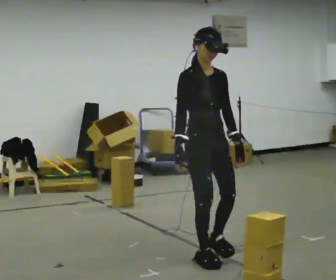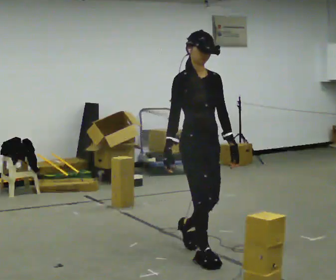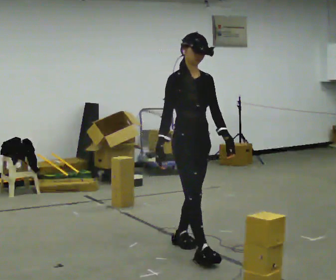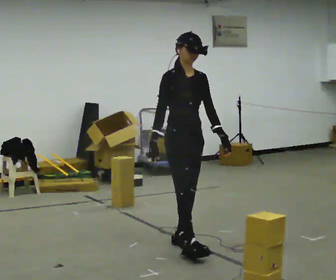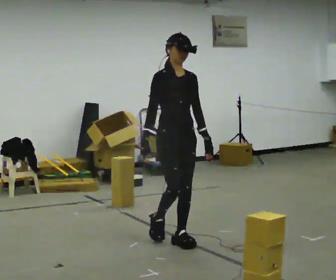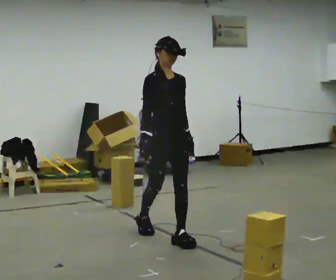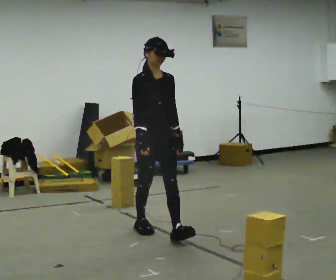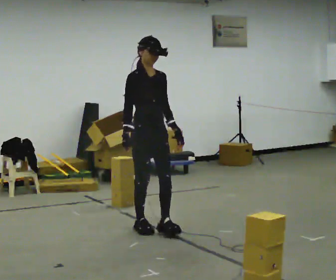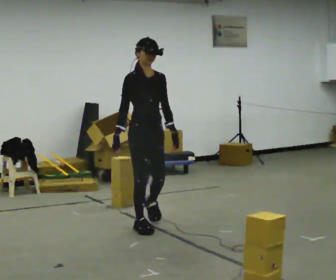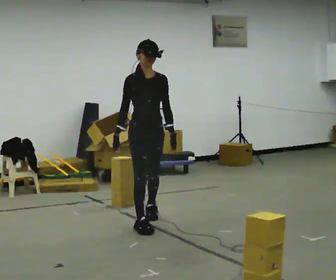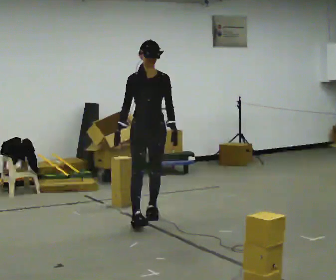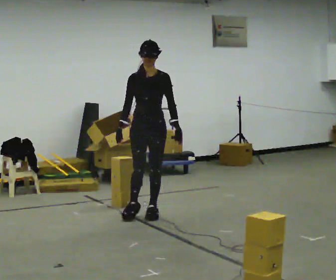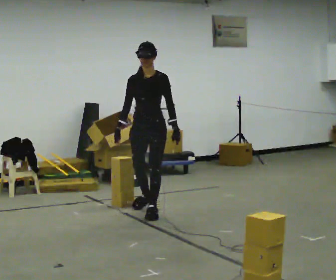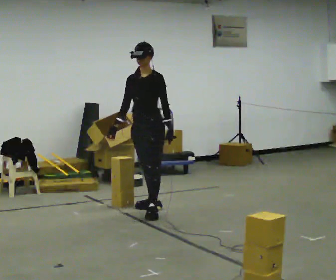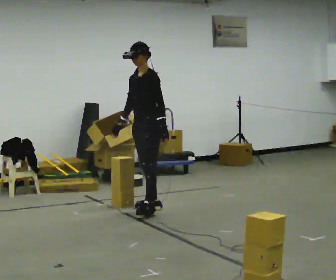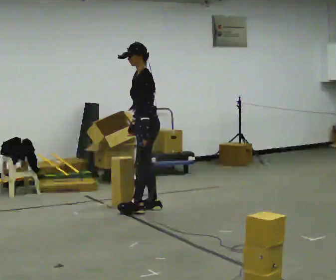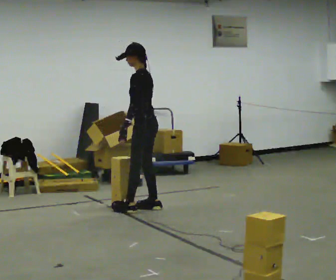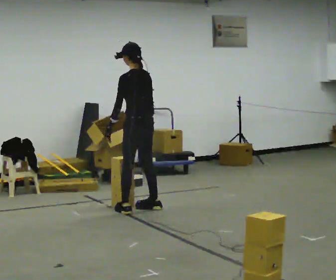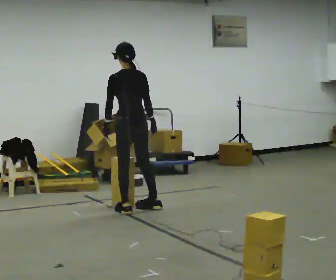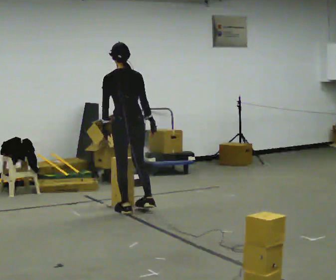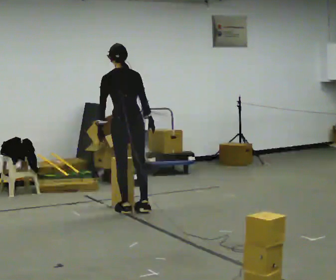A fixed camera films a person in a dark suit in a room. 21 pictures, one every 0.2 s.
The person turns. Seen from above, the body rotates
clockwise.
The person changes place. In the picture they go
away from the camera.
0.0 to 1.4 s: In the picture they go away from the camera and to the left, about 1 m in 2 steps, which for them is backward.
1.4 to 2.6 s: Seen from above the body turns clockwise, about 75 degrees: to their right, with its near side sliding to the left. In the picture they go away from the camera, about 0.5 m in 1 step.
2.6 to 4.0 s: Seen from above the body turns clockwise, about 135 degrees: to their right, with its near side sliding to the left. In the picture they go to the left, about 0.25 m in 2 steps. In the picture their right hand goes to the right, the arm swinging counterclockwise.
The film runs backward here.
